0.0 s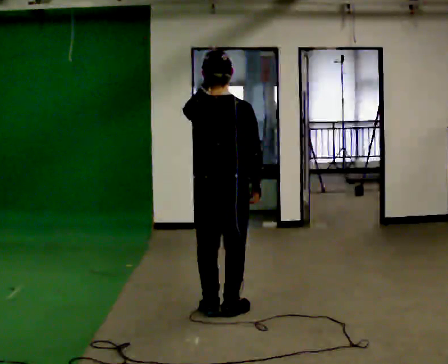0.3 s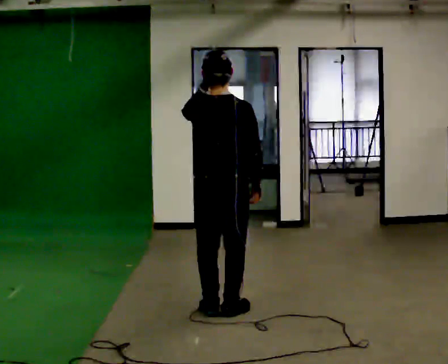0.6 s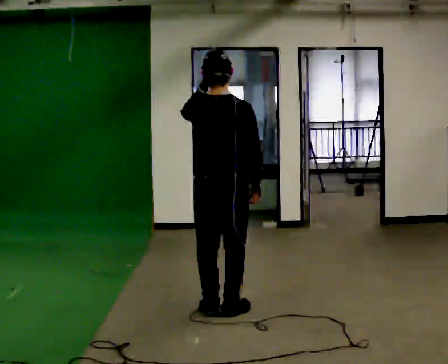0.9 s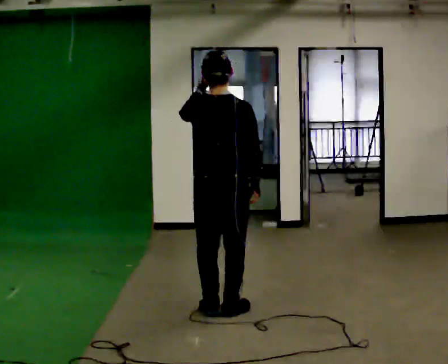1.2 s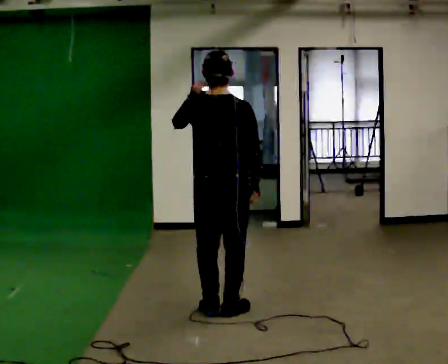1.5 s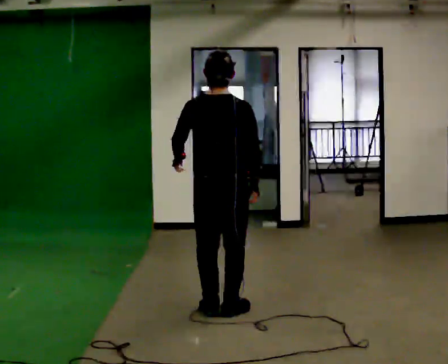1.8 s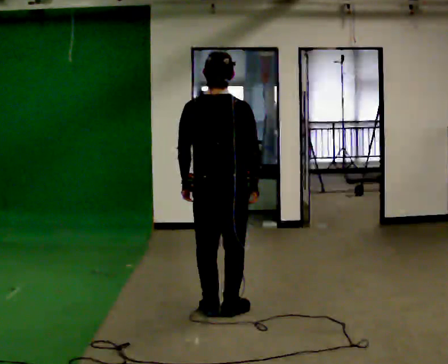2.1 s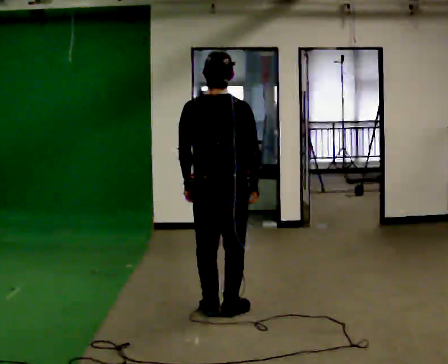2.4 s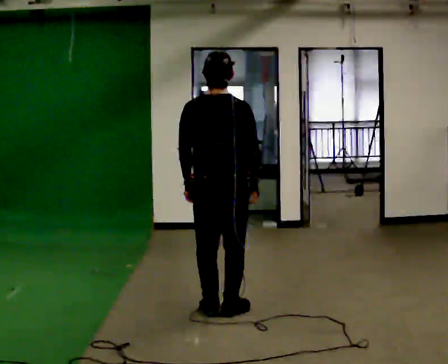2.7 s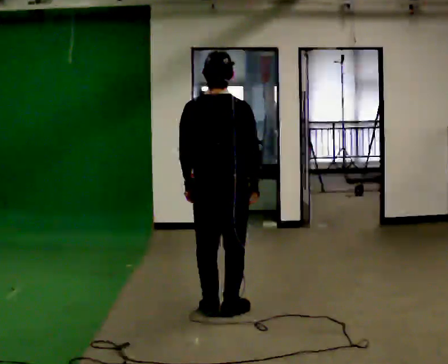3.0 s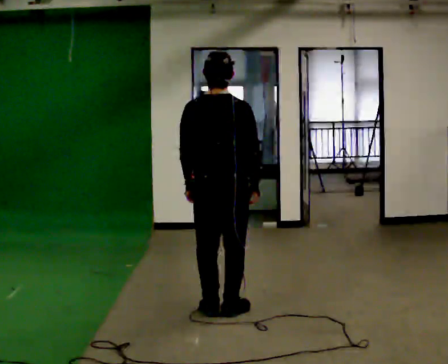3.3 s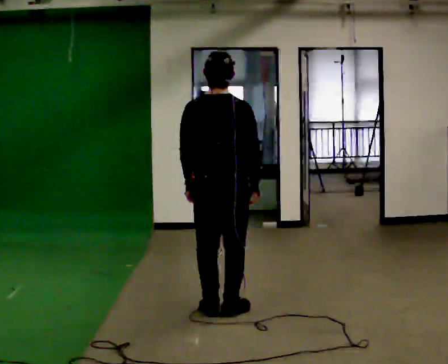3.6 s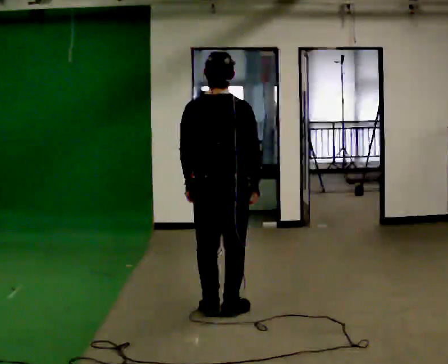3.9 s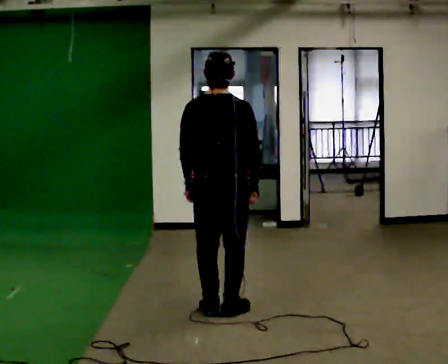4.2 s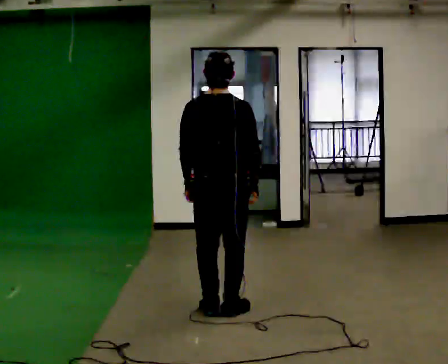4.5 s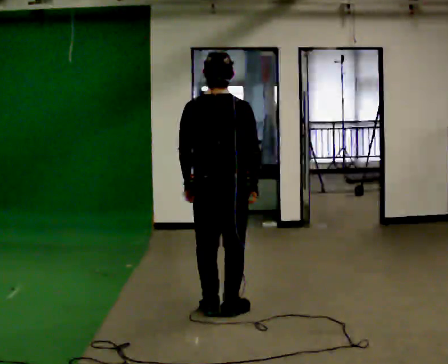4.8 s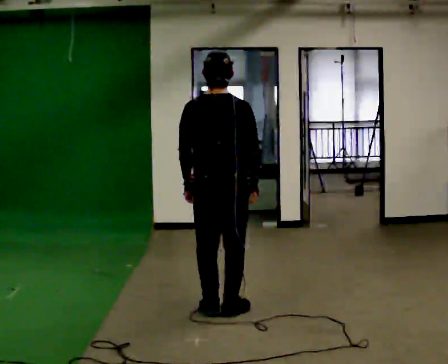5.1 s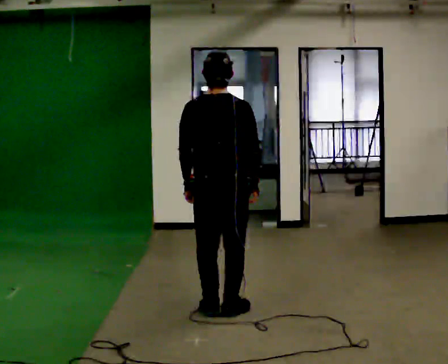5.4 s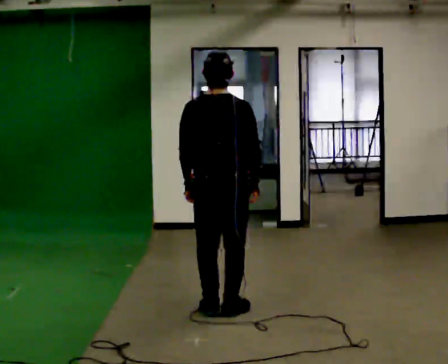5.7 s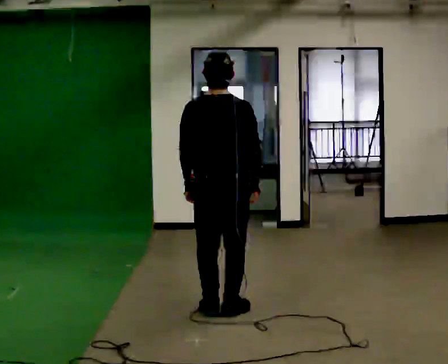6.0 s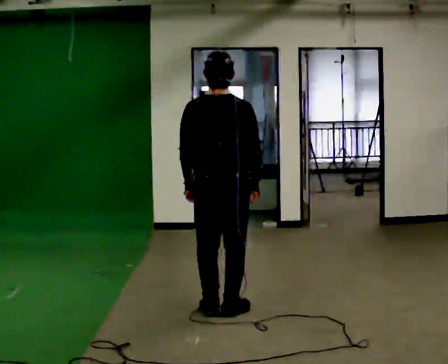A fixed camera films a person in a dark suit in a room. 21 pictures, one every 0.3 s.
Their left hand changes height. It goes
downward.
0.0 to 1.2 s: The person moves a little, or ends about where they began.
1.2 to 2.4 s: In the picture their left hand goes downward.
2.4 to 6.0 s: The person keeps their place and pose.
The film runs backward here.
